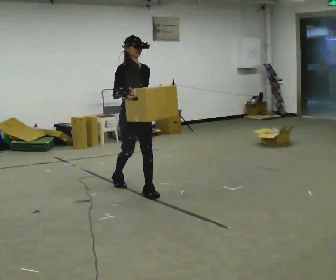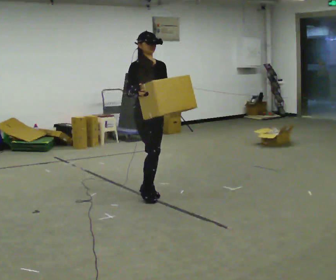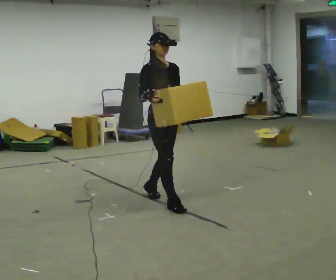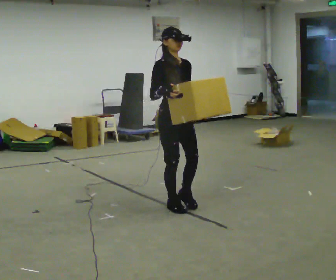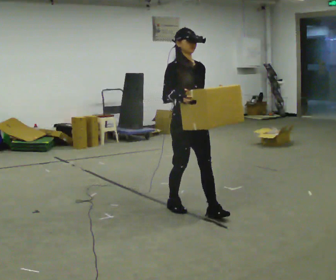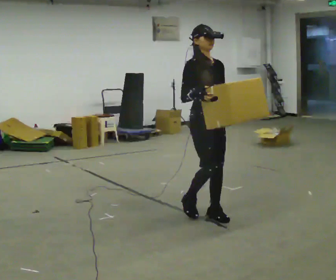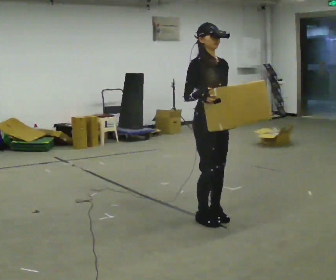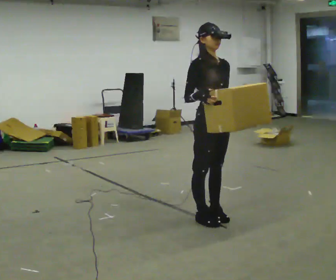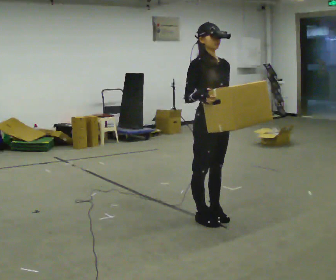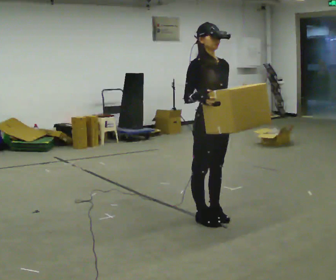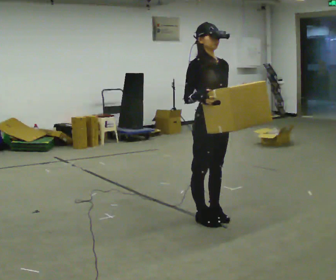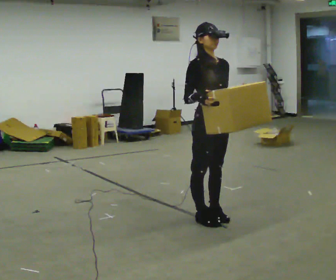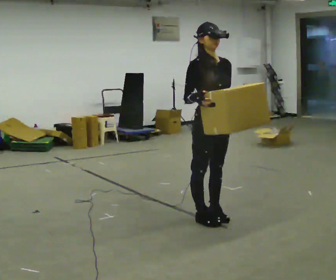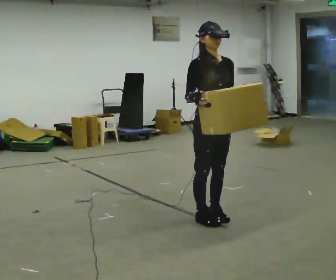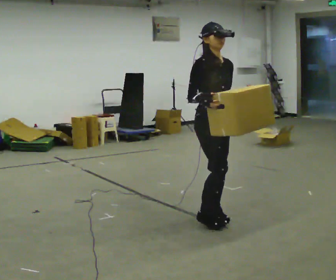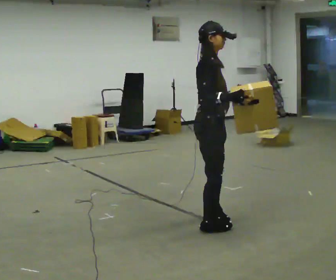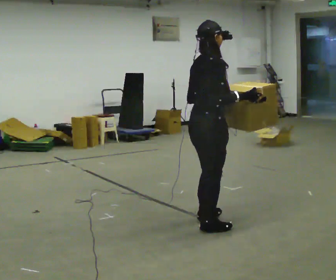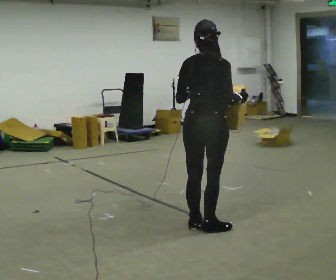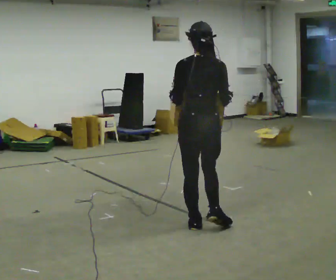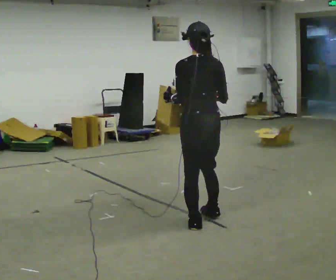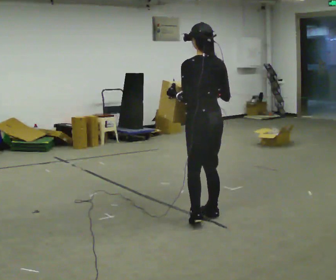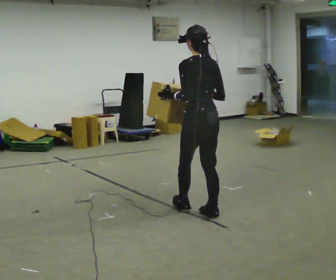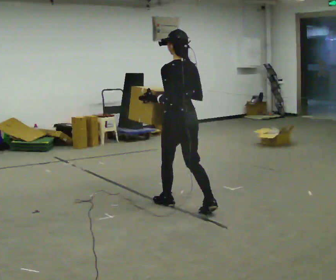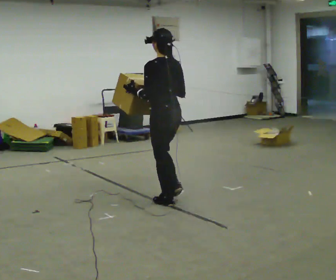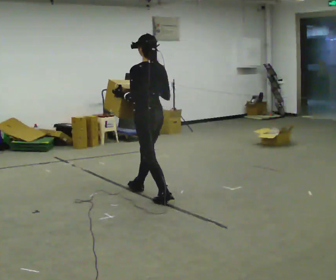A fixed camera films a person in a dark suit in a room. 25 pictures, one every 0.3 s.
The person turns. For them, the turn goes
to their left.
The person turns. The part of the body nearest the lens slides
to the right.
0.0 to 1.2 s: In the picture they go to the right and toward the camera, about 1 m in 2 steps, which for them is forward.
1.2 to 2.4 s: In the picture they go to the right and toward the camera, about 0.25 m in 1 step, which for them is forward.
2.4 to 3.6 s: The person moves a little, or ends about where they began.
3.6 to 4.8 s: Seen from above the body turns counterclockwise, about 90 degrees: to their left, with its near side sliding to the right. In the picture they go toward the camera, about 0.25 m in 1 step. In the picture their right hand goes to the right.
4.8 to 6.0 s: The part of the body nearest the lens slides to the right as the person turns to their left by about 90 degrees. In the picture they go away from the camera, about 0.25 m in 2 steps.
6.0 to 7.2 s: In the picture they go to the left and away from the camera, about 1 m in 2 steps, which for them is forward.
The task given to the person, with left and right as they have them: Carry the box across the room as briskly as you comfortably can, back and forth. Do not run.
The film runs forward here.
